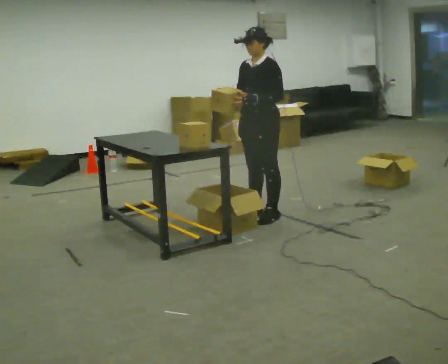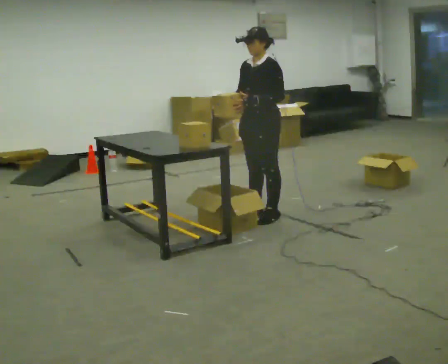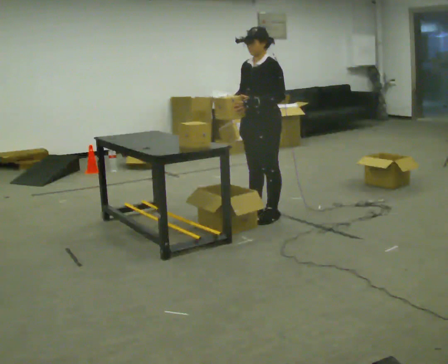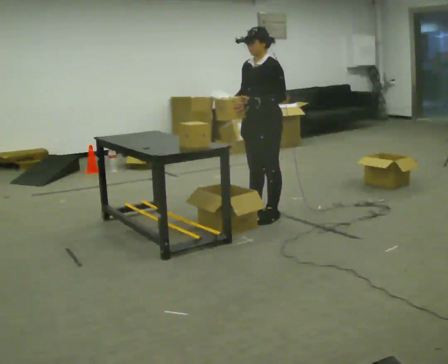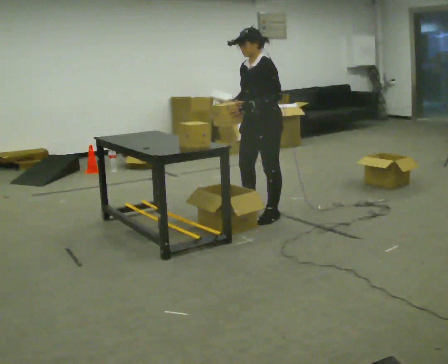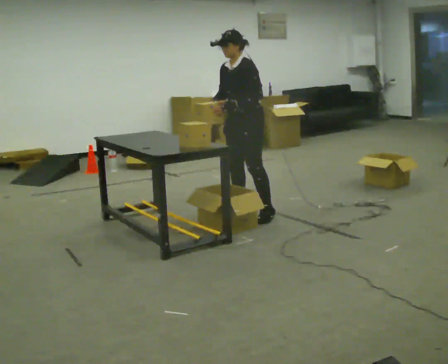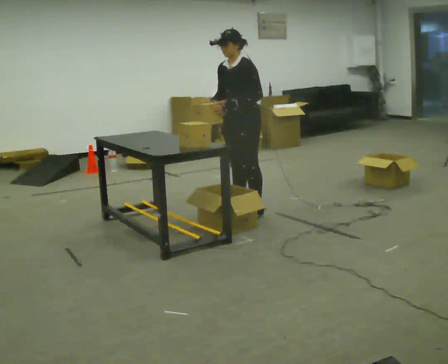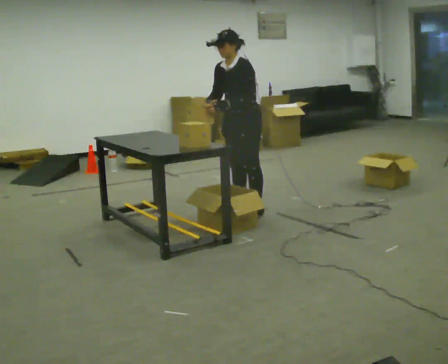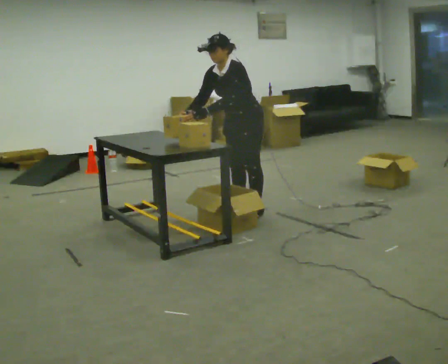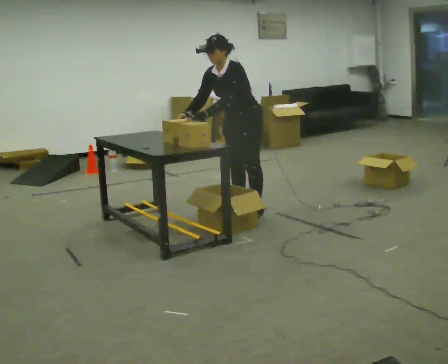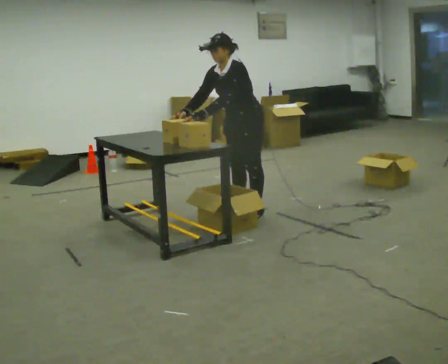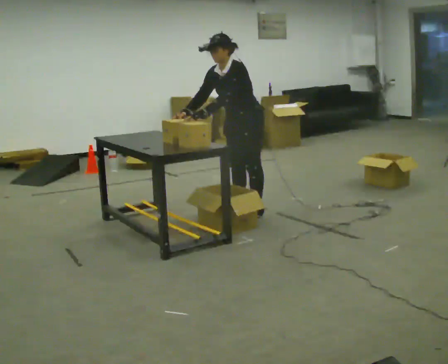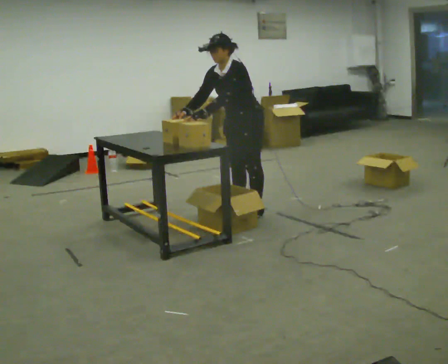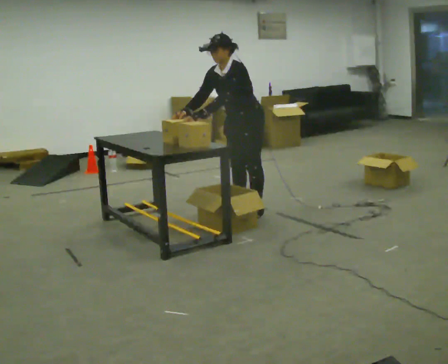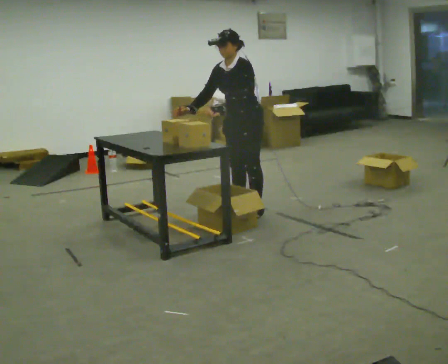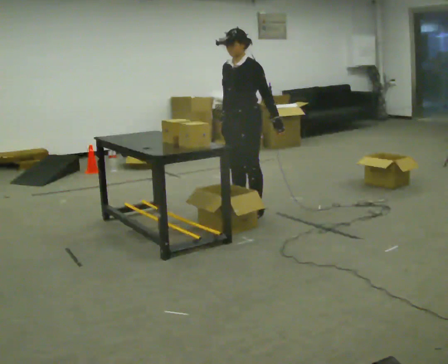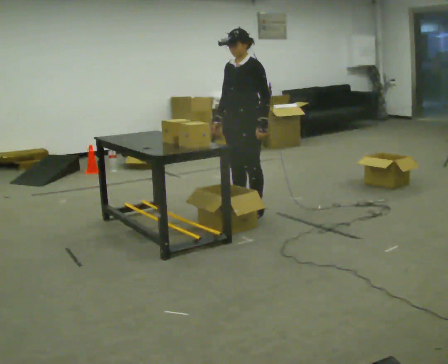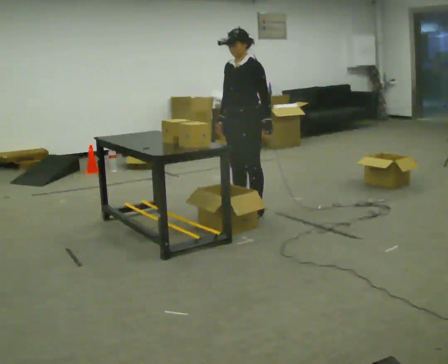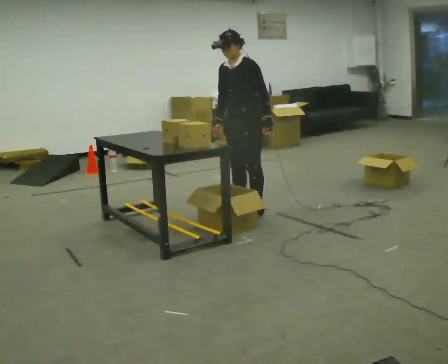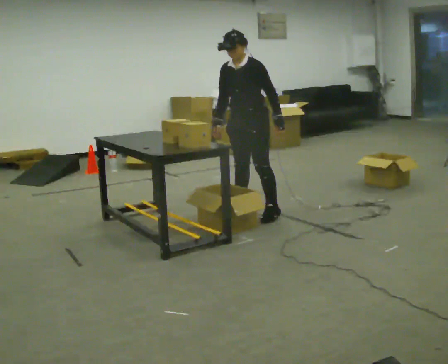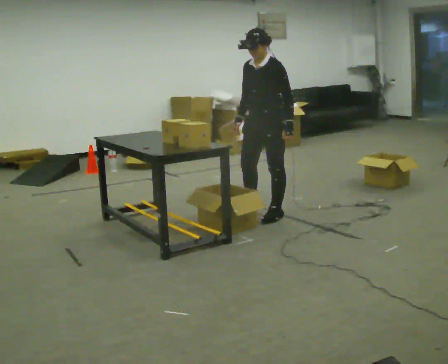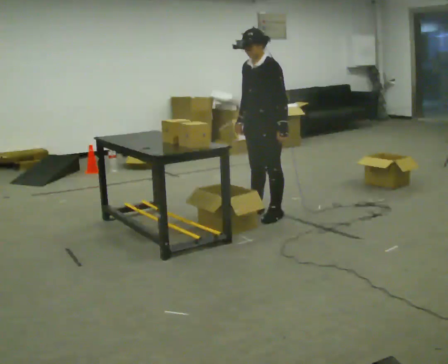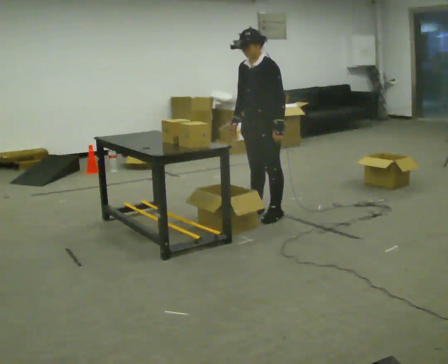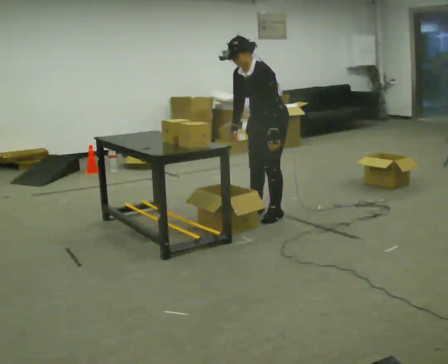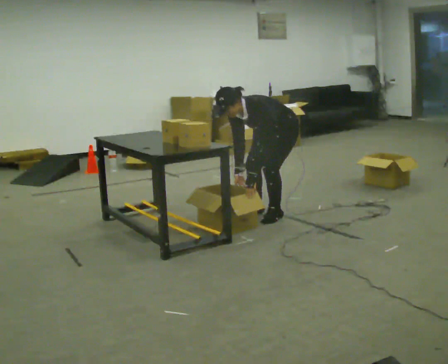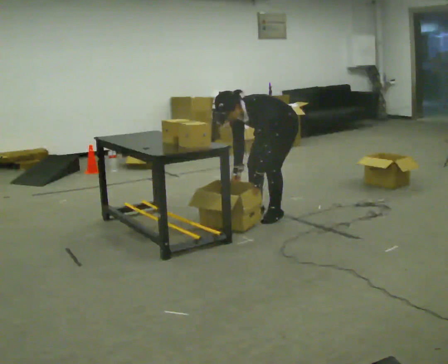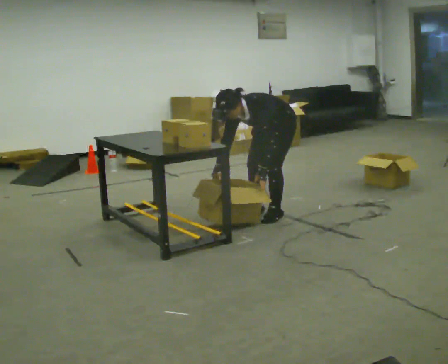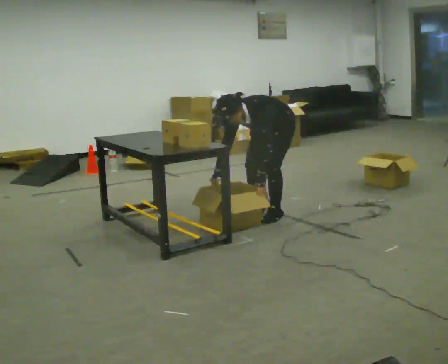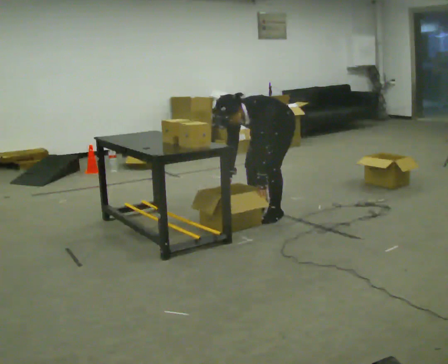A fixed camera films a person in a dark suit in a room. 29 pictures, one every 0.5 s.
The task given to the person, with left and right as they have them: 1. Take everything out of the crates by the door. 2. Put the small items on the middle shelf. 3. Put the large items on the bottom shelf. 4. Stack the empty crates by the door. 5. Tell the operator when you are finished.
0.0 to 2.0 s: The person moves a little, or ends about where they began.
2.0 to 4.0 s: In the picture they go to the left, about 0.25 m in 2 steps, which for them is to their right. In the picture the upper body tilts counterclockwise, shoulders to the left, as they bend forward. In the picture their right hand goes to the left.
4.0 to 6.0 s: The person moves a little, or ends about where they began.
6.0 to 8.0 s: In the picture the upper body tilts clockwise, shoulders to the right, as they lean back or straighten. In the picture their left hand goes to the right.
8.0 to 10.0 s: In the picture they go to the right, about 0.25 m in 1 step, which for them is to their left.
10.0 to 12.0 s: The shoulders move downward. In the picture the upper body tilts counterclockwise, shoulders to the left, as they bend forward. In the picture their right hand goes downward.
12.0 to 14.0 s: The person moves a little, or ends about where they began.
The film runs forward here.
